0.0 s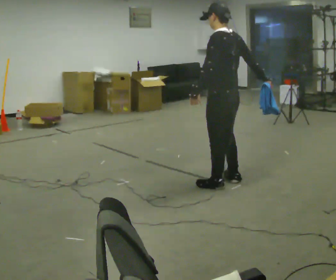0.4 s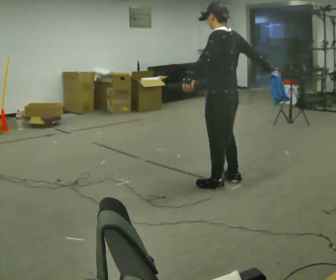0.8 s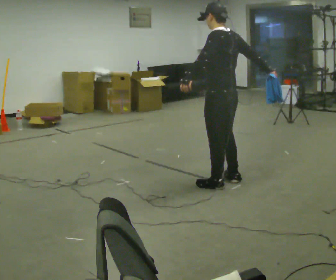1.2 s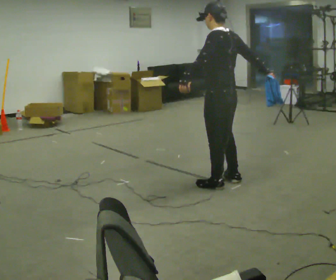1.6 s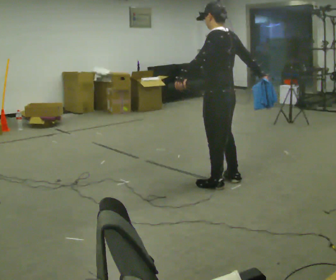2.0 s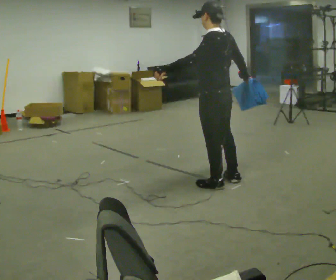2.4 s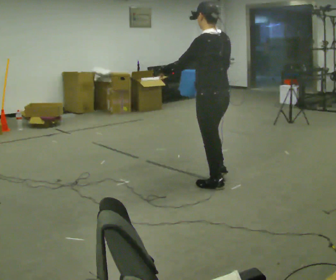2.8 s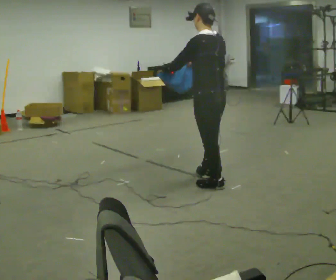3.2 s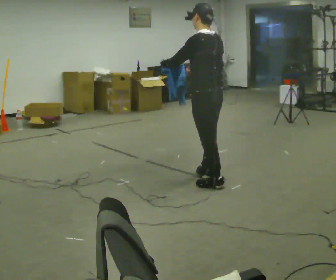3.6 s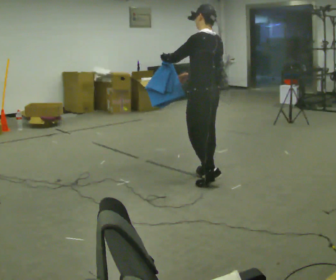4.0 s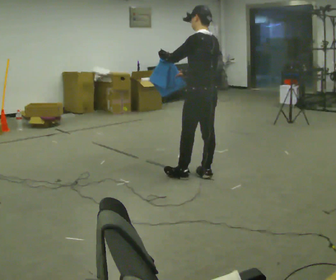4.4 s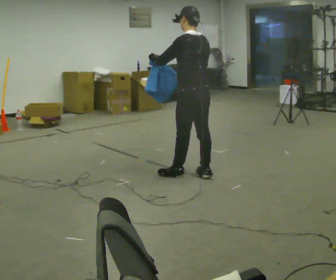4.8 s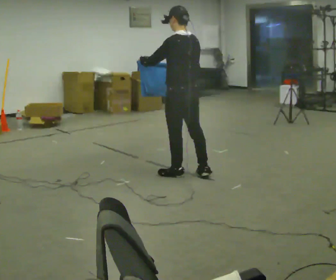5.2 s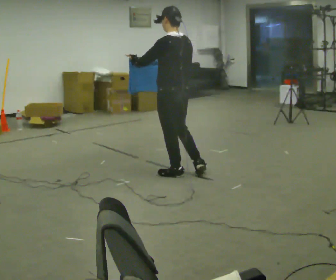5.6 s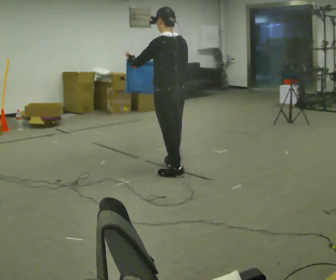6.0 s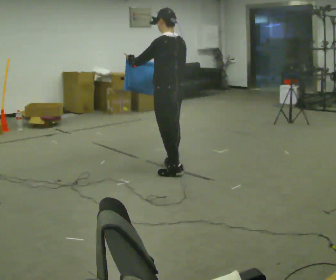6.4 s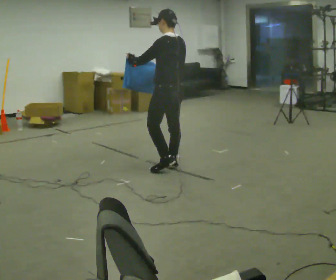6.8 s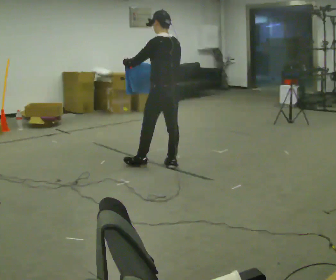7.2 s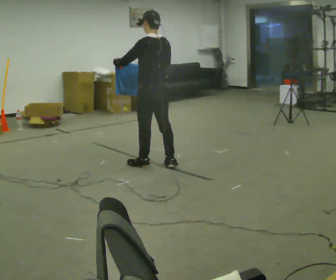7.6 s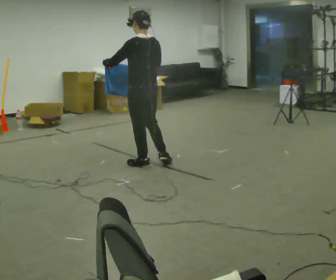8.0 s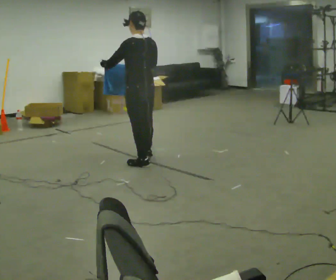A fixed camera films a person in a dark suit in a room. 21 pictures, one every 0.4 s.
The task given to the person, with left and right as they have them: Carry the cloth and, while walking, fold it in half, then unfold it. Keep repeating as you walk. Do not stop.
0.0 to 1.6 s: The person moves a little, or ends about where they began.
1.6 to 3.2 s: In the picture their left hand goes to the left.
3.2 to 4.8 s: In the picture they go to the left, about 0.25 m in 1 step, which for them is forward.
4.8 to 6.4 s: In the picture they go away from the camera and to the left, about 0.25 m in 1 step, which for them is forward.
6.4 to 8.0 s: In the picture they go to the left, about 0.25 m in 1 step, which for them is forward and to their left.
The film runs forward here.
